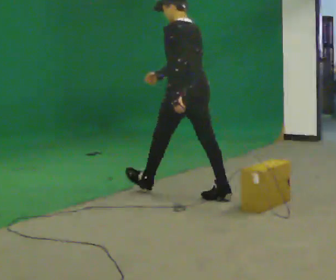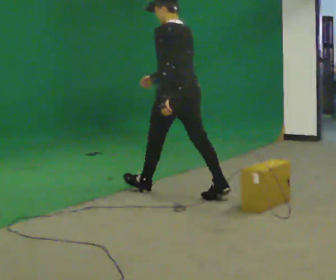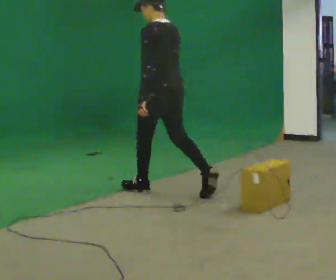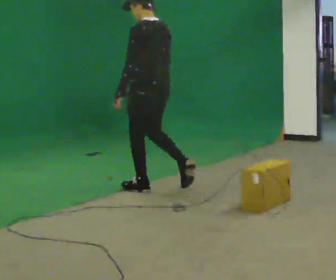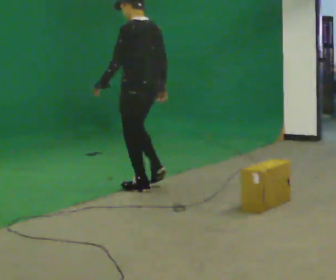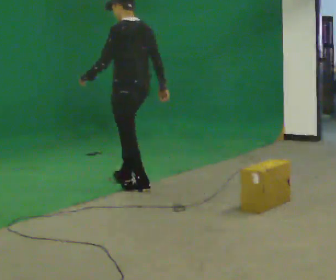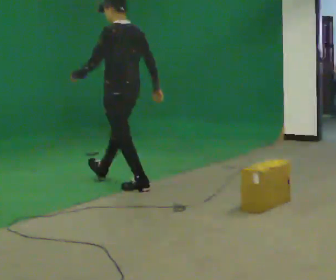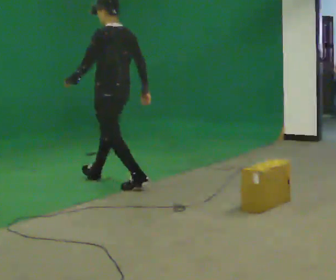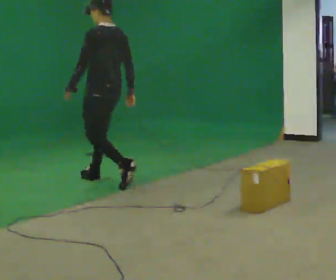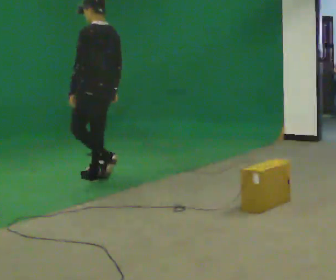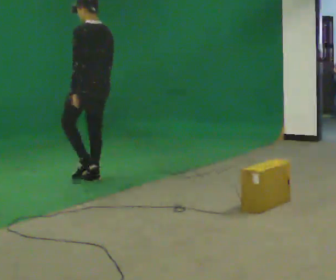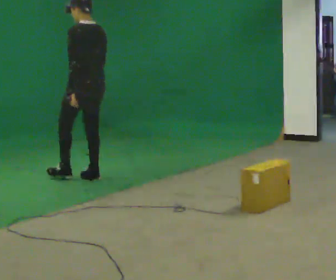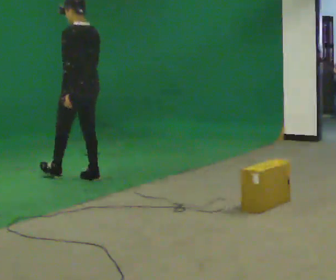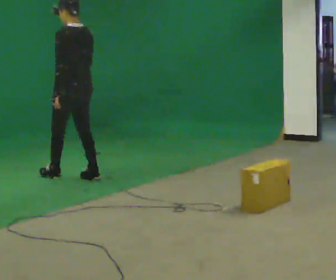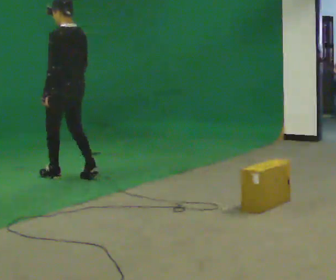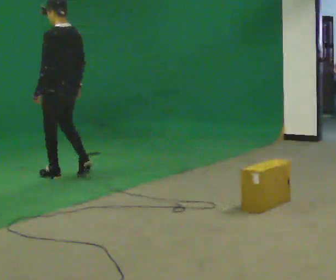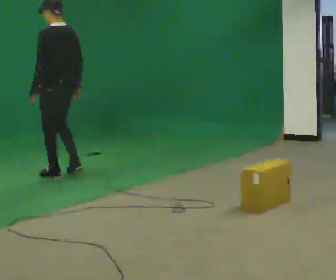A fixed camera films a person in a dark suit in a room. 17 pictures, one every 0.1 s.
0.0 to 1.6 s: In the picture they go to the left and away from the camera, about 1.5 m in 3 steps, which for them is forward.
The film runs forward here.
